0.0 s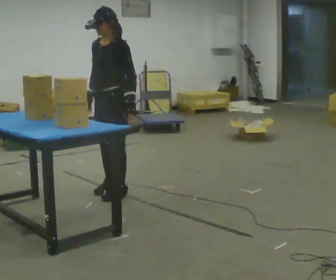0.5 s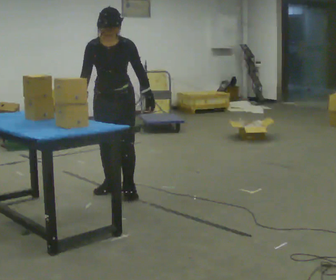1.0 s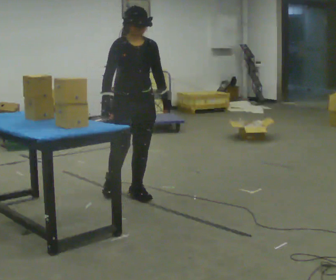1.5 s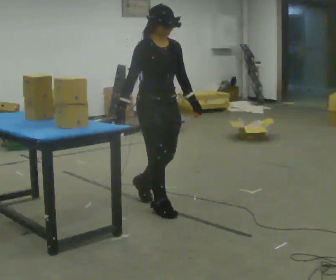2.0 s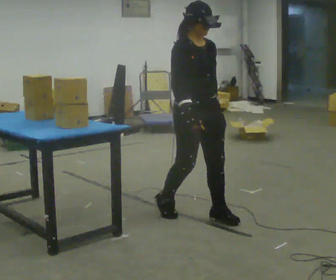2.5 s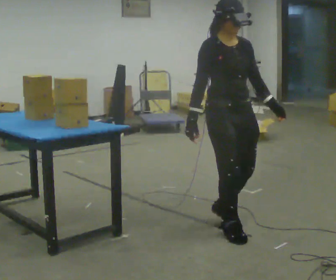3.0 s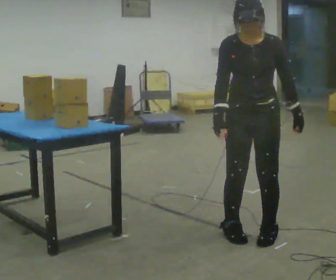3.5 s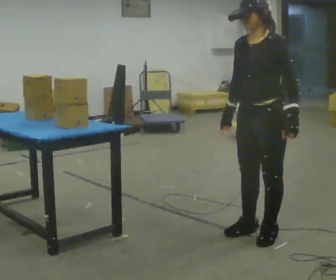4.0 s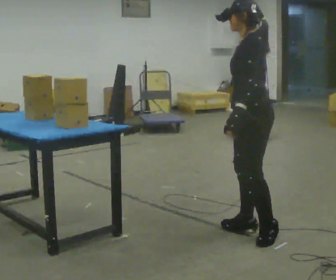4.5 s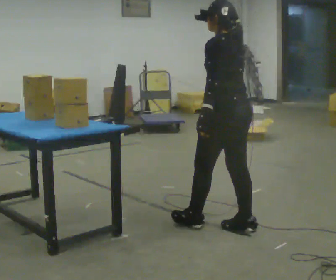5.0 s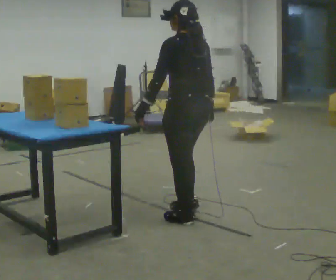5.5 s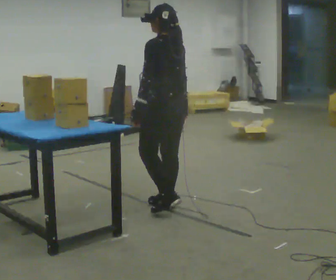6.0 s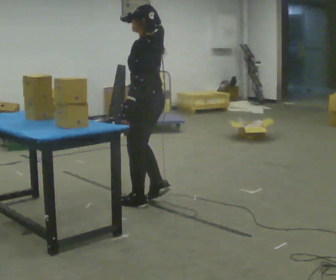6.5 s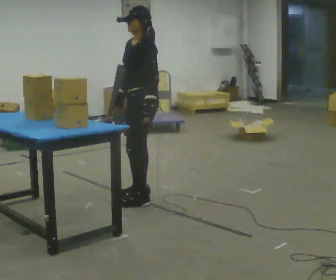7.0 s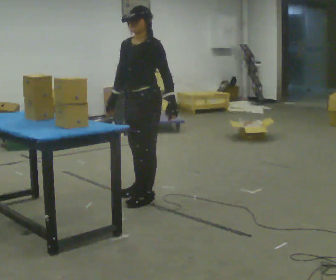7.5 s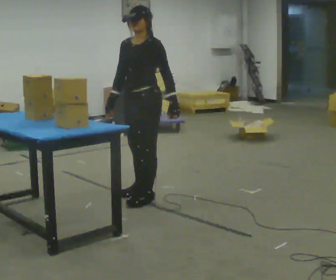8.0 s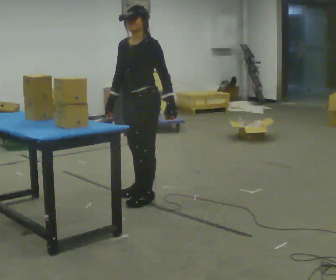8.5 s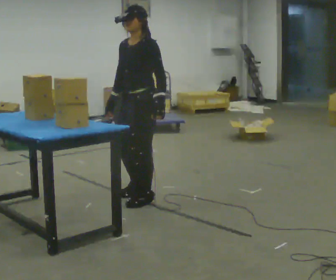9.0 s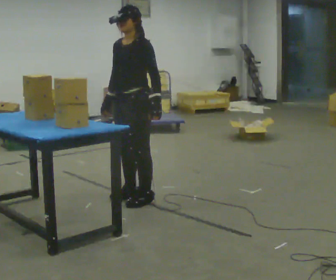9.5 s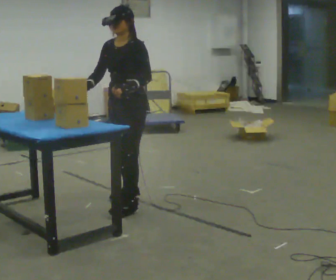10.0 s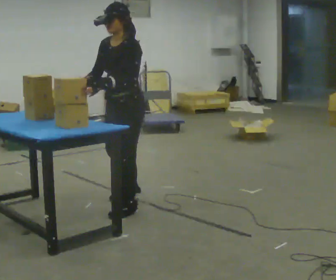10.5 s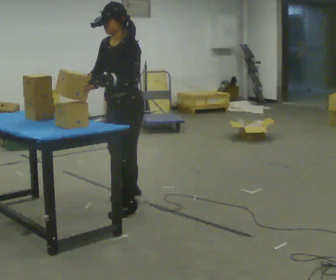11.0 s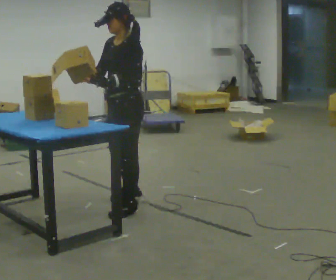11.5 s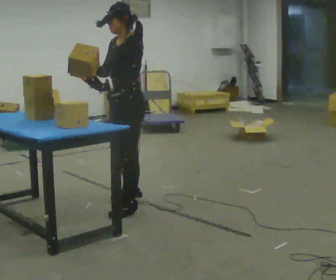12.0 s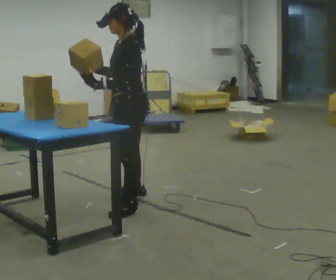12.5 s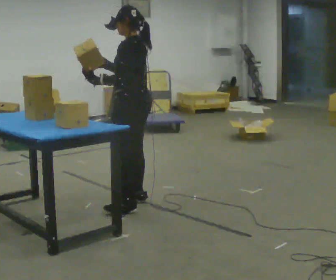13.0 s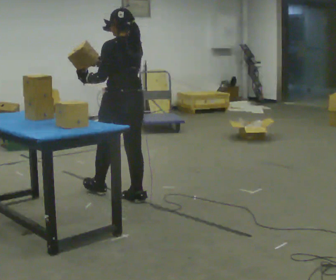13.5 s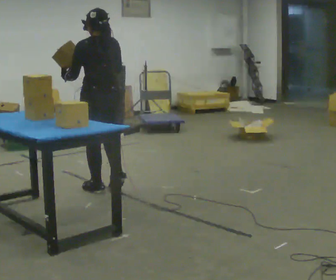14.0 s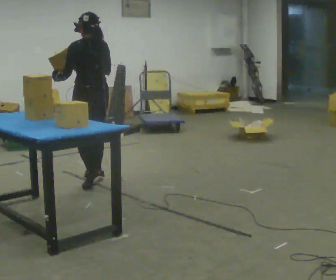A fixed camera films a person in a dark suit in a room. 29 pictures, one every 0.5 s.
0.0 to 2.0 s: Seen from above the body turns counterclockwise, about 90 degrees: to their left, with its near side sliding to the right. In the picture they go toward the camera and to the right, about 1 m in 2 steps.
2.0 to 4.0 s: Seen from above the body turns clockwise, about 135 degrees: to their right, with its near side sliding to the left. In the picture they go toward the camera and to the right, about 0.5 m in 3 steps.
4.0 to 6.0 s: In the picture they go away from the camera and to the left, about 1 m in 3 steps, which for them is forward.
6.0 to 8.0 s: The part of the body nearest the lens slides to the right as the person turns to their left by about 60 degrees. In the picture their left hand goes to the right, the arm swinging counterclockwise.
8.0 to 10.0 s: In the picture they go toward the camera and to the left, about 0.25 m in 1 step, which for them is forward and to their left.
10.0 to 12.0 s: The person turns about 30 degrees to their right, clockwise seen from above, so the part of the body nearest the lens slides to the left.
12.0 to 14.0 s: The part of the body nearest the lens slides to the left as the person turns to their right by about 45 degrees. In the picture they go away from the camera, about 1 m in 2 steps.
The film runs forward here.
